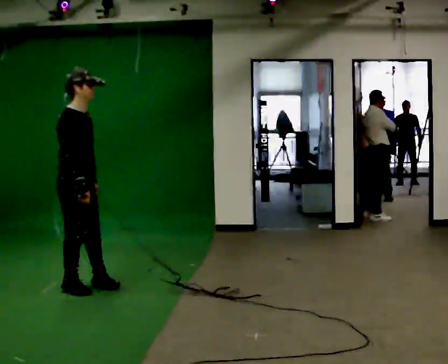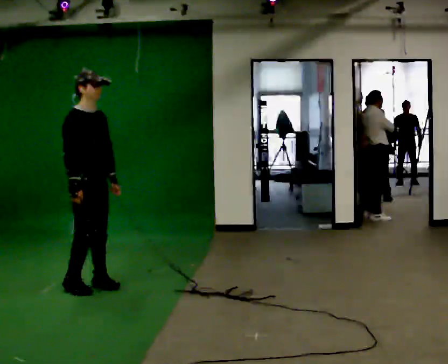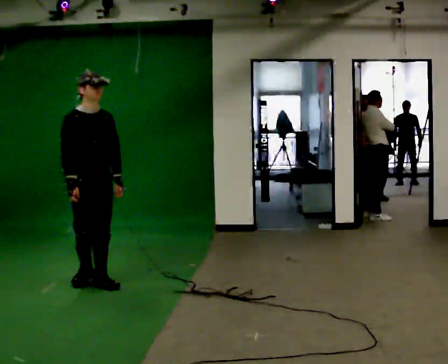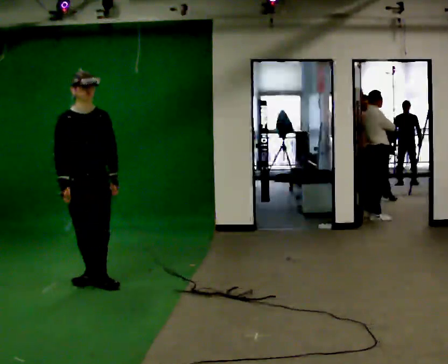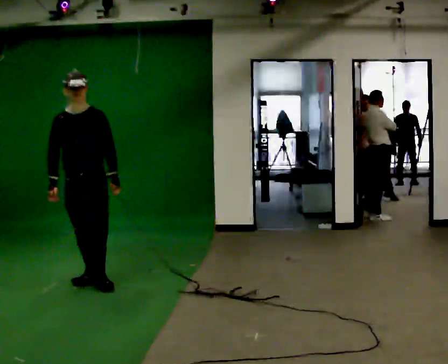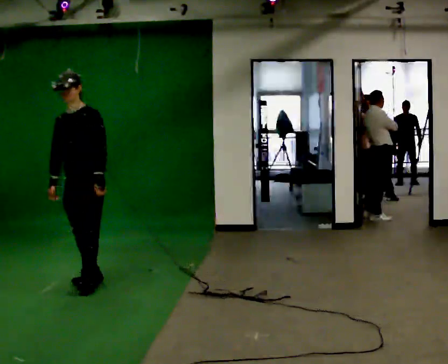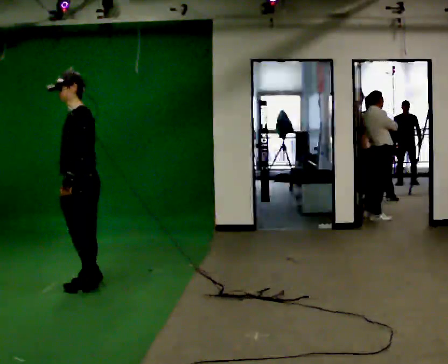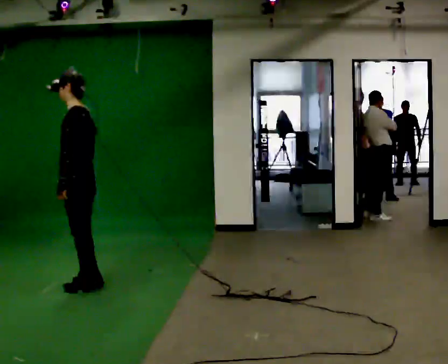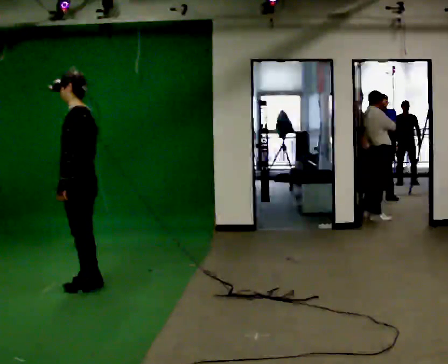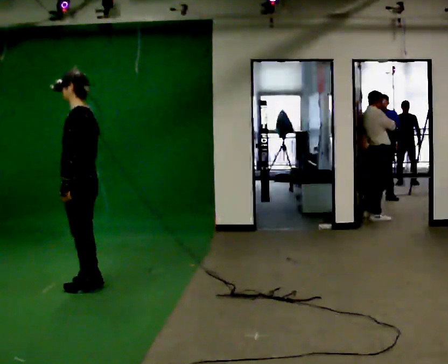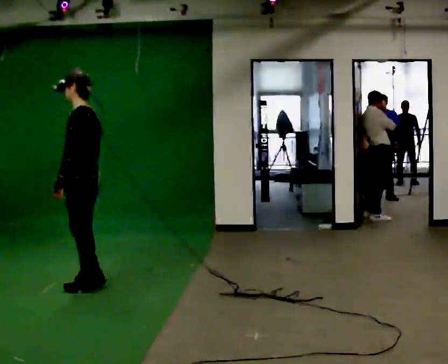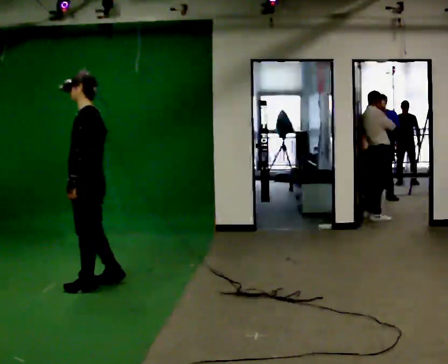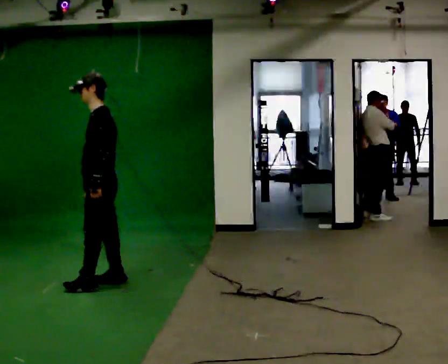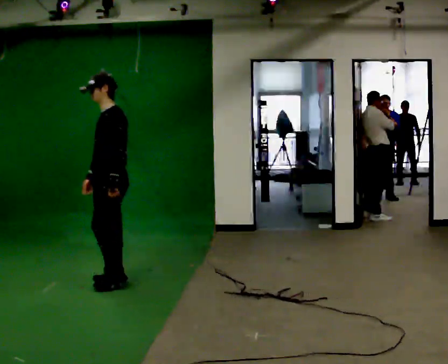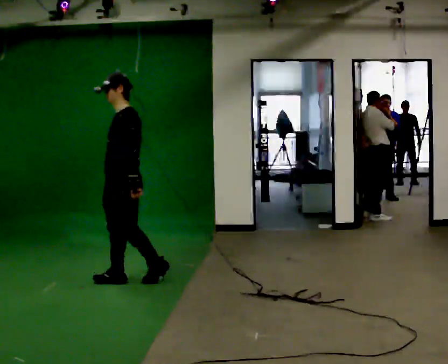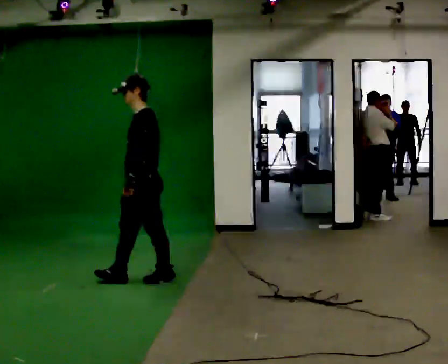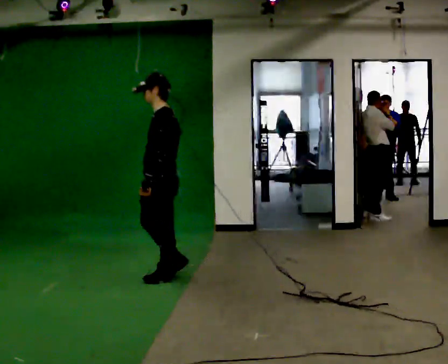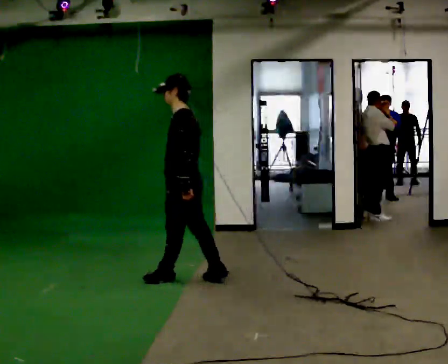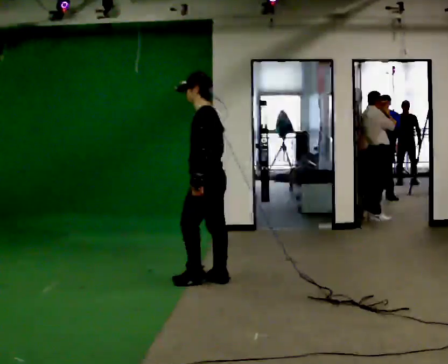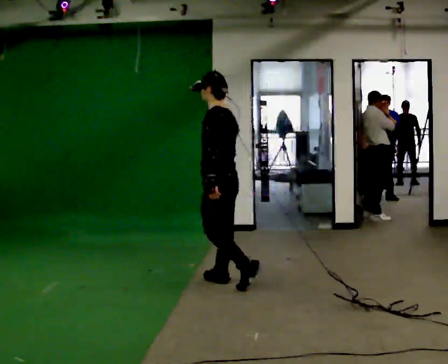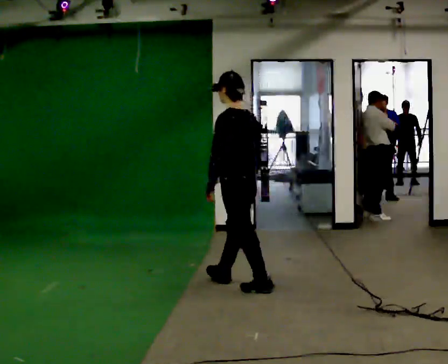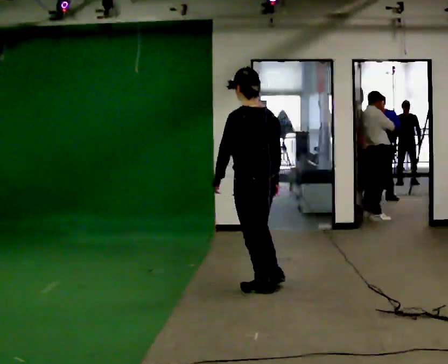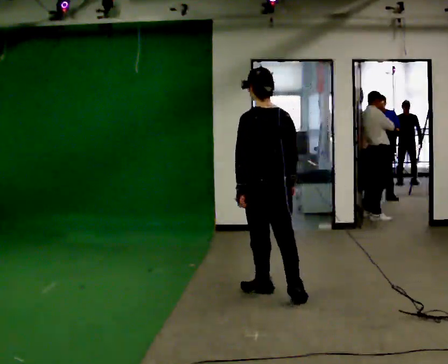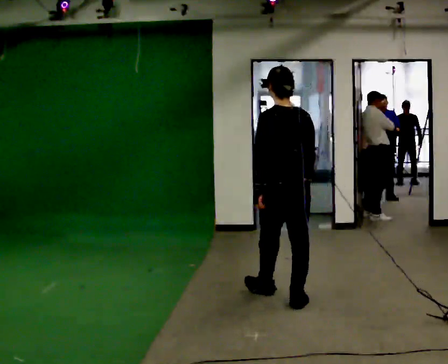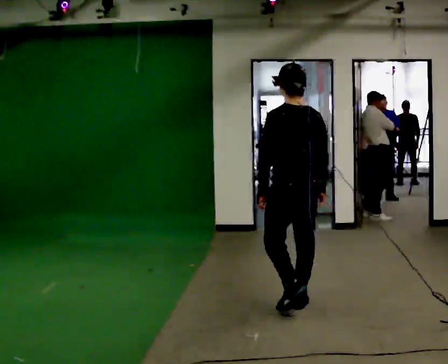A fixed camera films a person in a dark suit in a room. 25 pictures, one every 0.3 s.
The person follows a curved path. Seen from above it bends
clockwise.
The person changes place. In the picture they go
to the right.
0.0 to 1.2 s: Seen from above the body turns clockwise, about 75 degrees: to their right, with its near side sliding to the left. In the picture they go away from the camera, about 0.25 m in 1 step.
1.2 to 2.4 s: Seen from above the body turns clockwise, about 105 degrees: to their right, with its near side sliding to the left. In the picture they go toward the camera, about 0.25 m. In the picture their left hand goes to the left, the arm swinging clockwise.
2.4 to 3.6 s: The person moves a little, or ends about where they began.
3.6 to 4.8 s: In the picture they go to the right, about 0.5 m in 2 steps, which for them is backward.
4.8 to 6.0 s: The part of the body nearest the lens slides to the left as the person turns to their right by about 45 degrees. In the picture they go to the right and toward the camera, about 0.75 m in 1 step, which for them is backward.
6.0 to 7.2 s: The part of the body nearest the lens slides to the left as the person turns to their right by about 30 degrees. In the picture they go toward the camera and to the right, about 0.75 m in 2 steps, which for them is backward.
The film runs backward here.
